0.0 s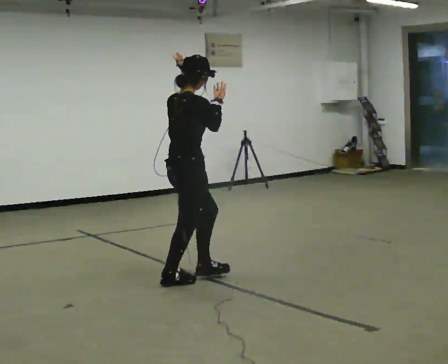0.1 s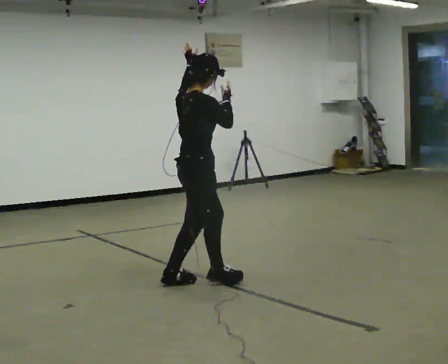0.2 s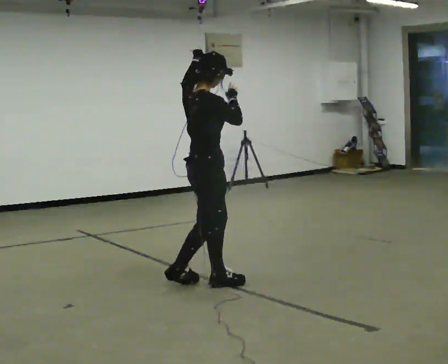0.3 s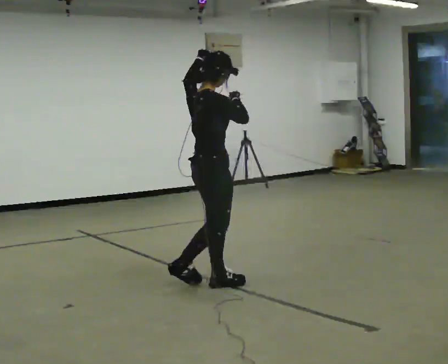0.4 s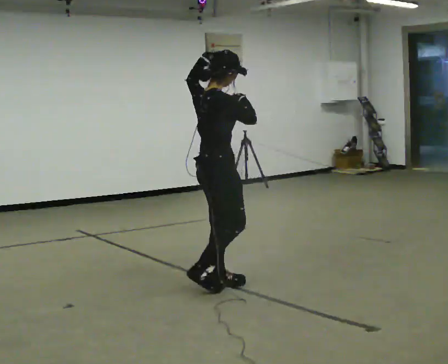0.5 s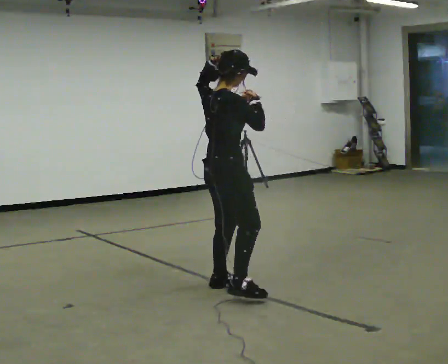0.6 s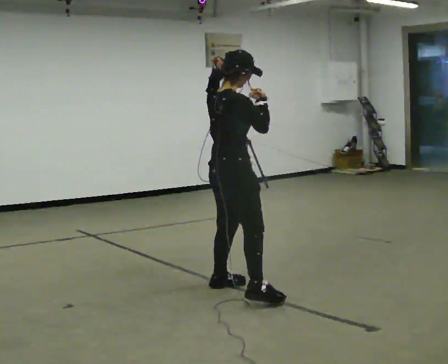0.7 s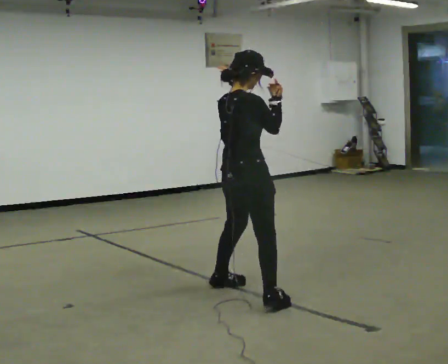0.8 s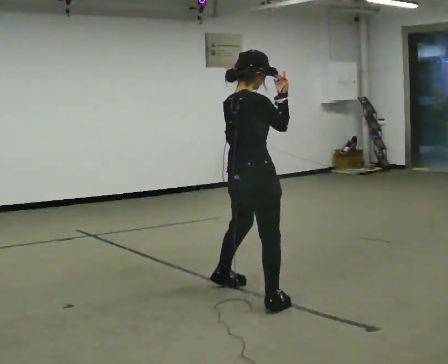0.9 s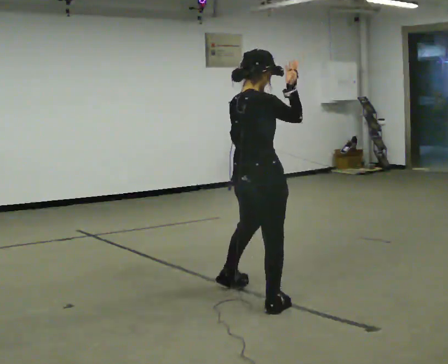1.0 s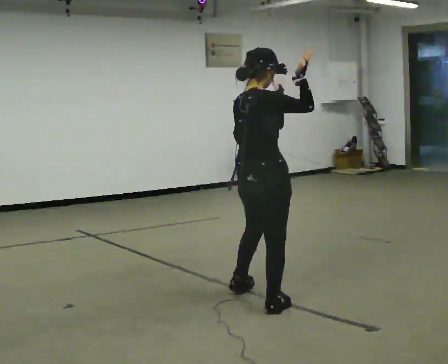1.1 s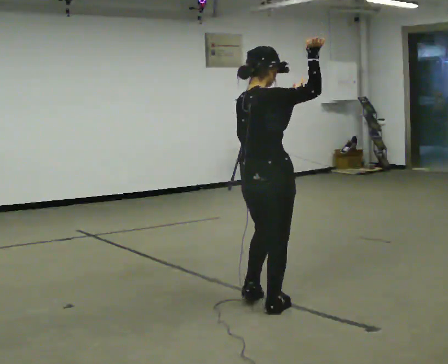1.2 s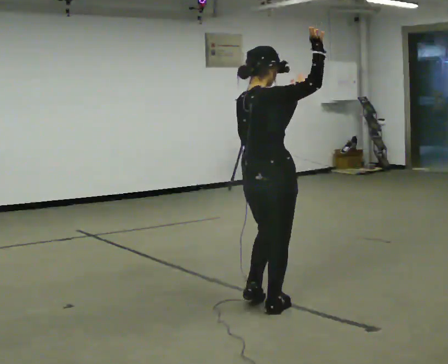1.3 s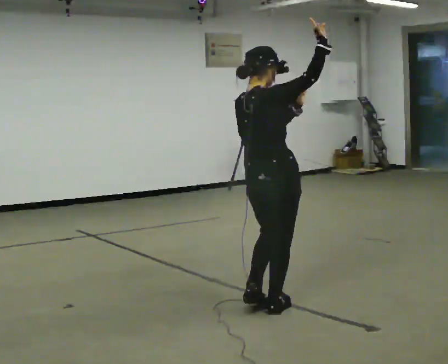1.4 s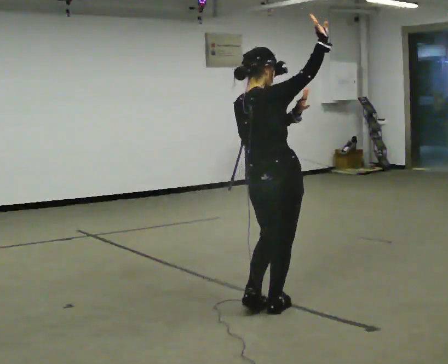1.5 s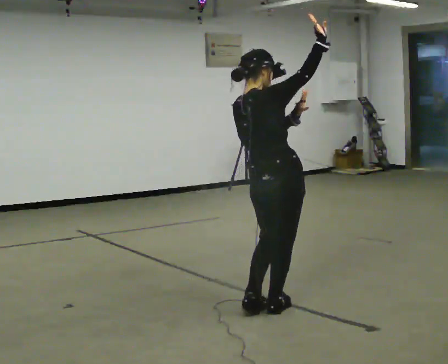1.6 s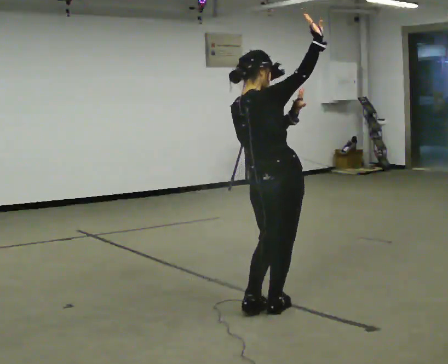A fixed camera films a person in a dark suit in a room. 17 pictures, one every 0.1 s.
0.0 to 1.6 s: In the picture they go toward the camera and to the right, about 1 m in 2 steps, which for them is to their right. In the picture the upper body tilts counterclockwise, shoulders to the left.
The film runs backward here.
